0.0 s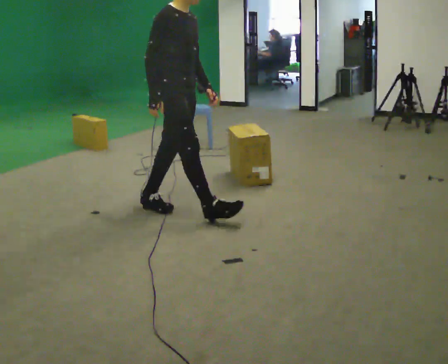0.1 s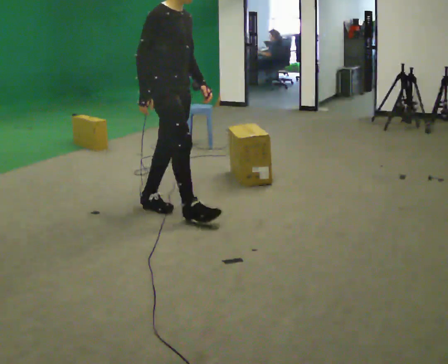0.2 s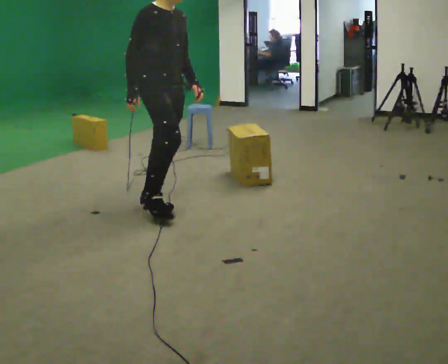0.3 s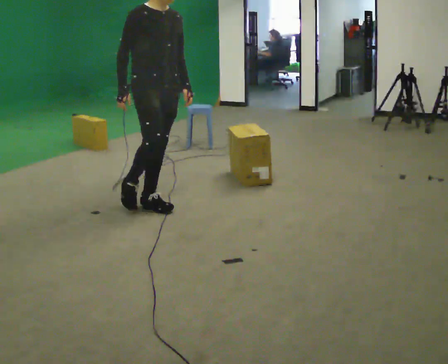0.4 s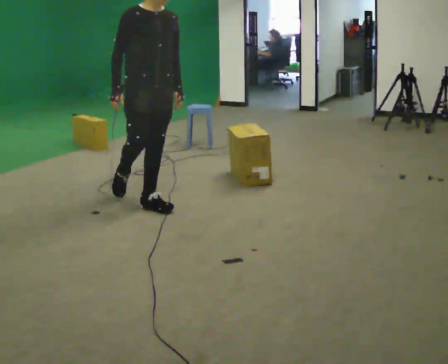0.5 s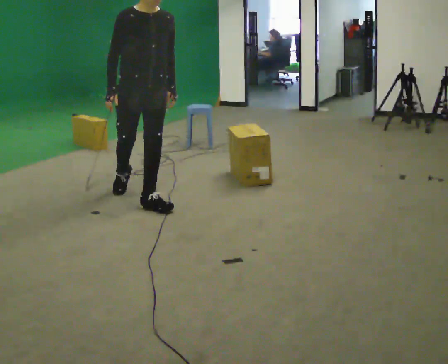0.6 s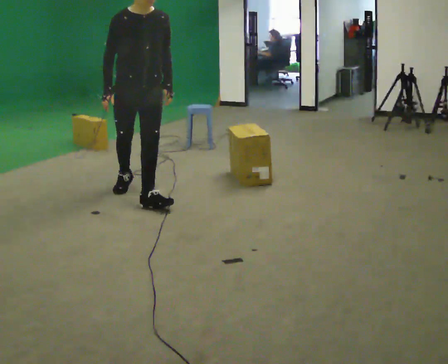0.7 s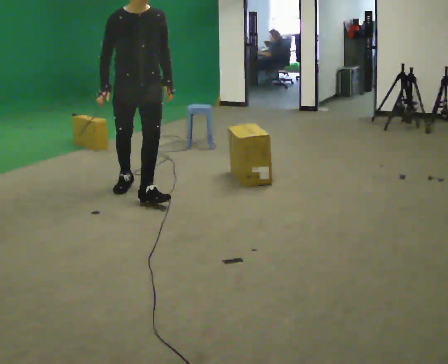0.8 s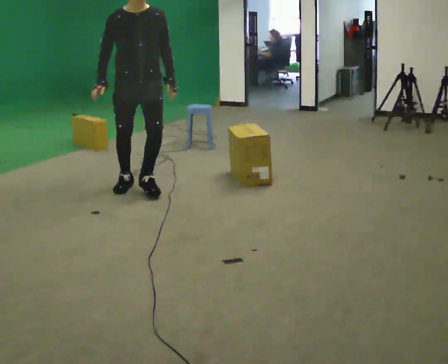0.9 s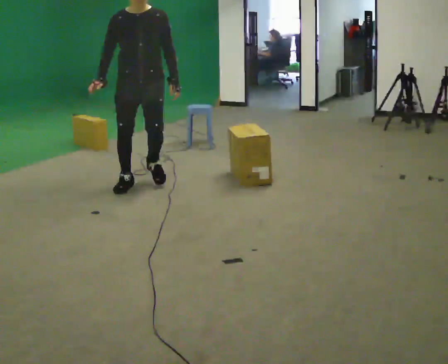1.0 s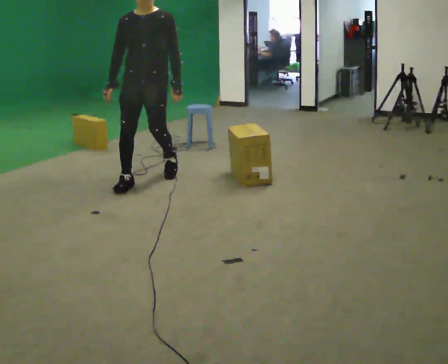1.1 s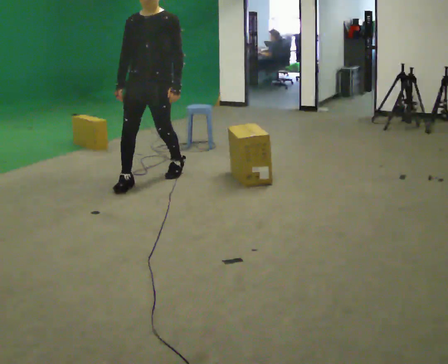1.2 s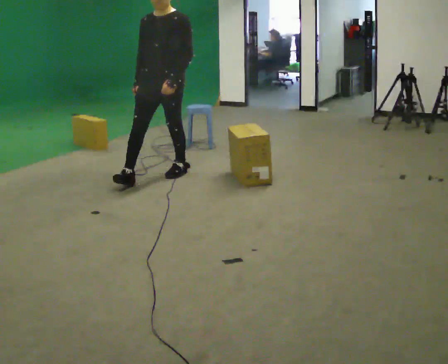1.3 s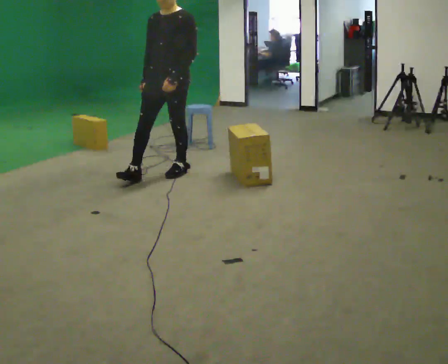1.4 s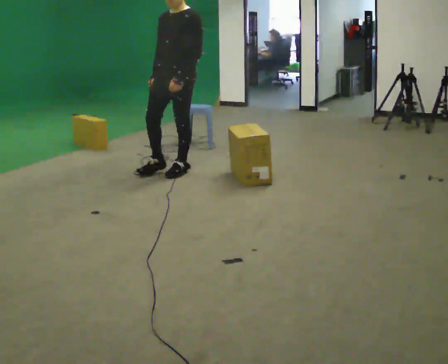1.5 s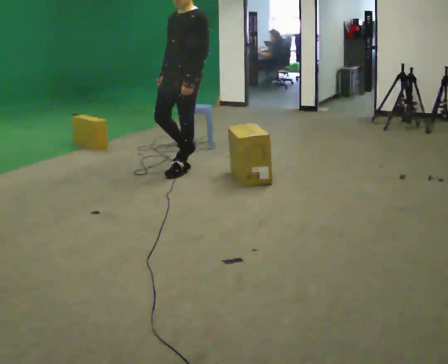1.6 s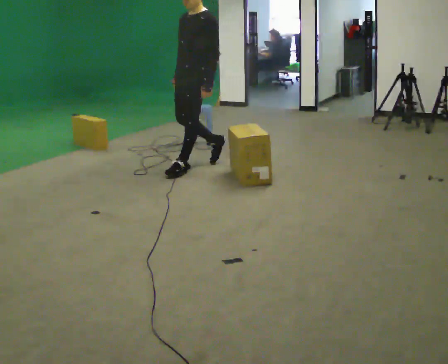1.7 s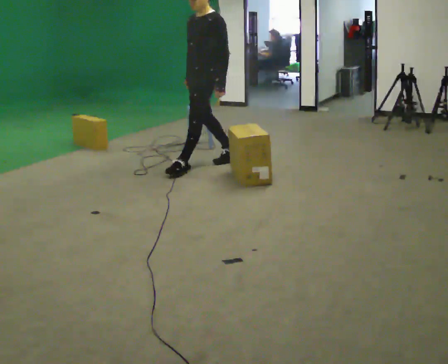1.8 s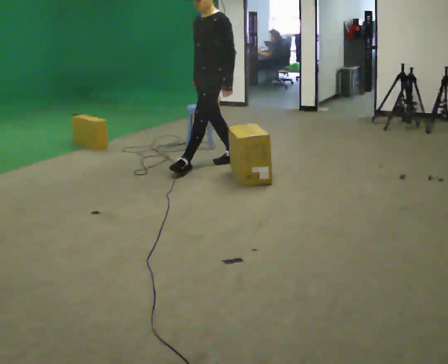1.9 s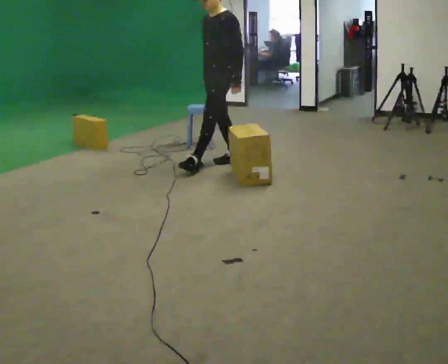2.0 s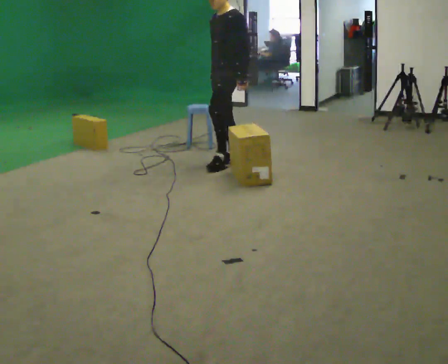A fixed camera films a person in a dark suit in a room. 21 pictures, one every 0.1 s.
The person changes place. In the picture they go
away from the camera.
The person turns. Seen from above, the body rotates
clockwise.
0.0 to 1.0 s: The part of the body nearest the lens slides to the left as the person turns to their right by about 75 degrees. In the picture they go away from the camera, about 0.75 m in 1 step.
1.0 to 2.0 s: The part of the body nearest the lens slides to the left as the person turns to their right by about 60 degrees. In the picture they go to the right and away from the camera, about 1 m in 2 steps.
The film runs backward here.
